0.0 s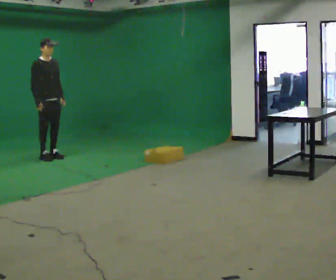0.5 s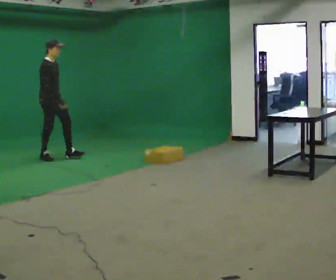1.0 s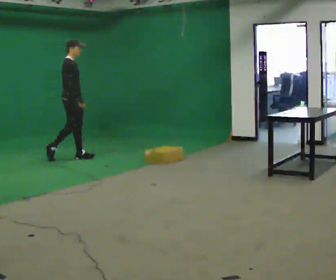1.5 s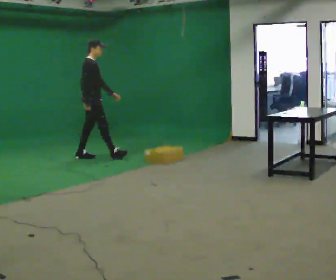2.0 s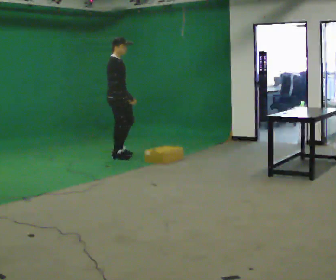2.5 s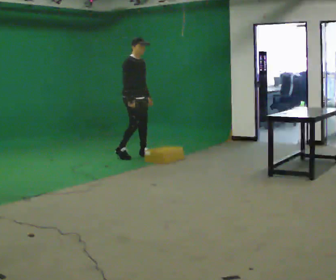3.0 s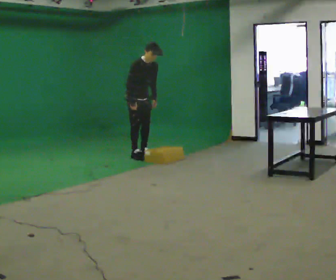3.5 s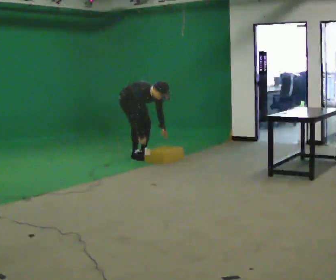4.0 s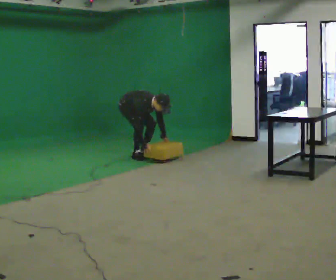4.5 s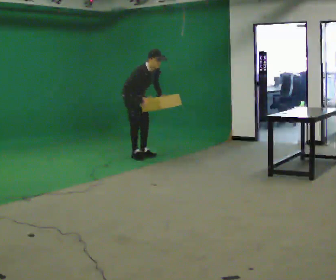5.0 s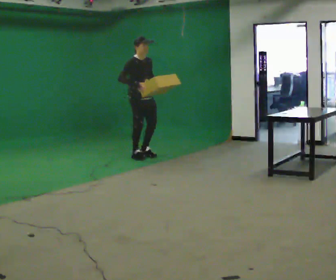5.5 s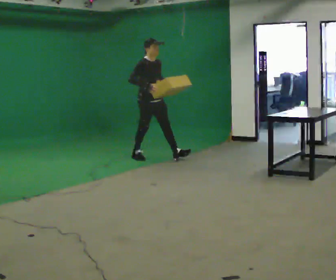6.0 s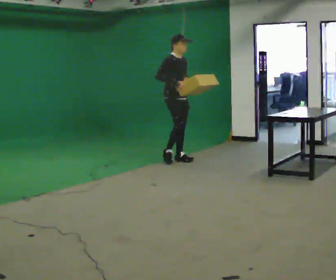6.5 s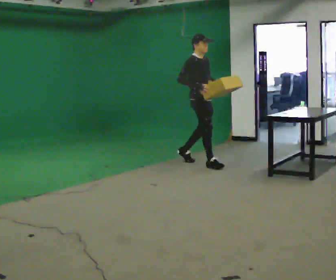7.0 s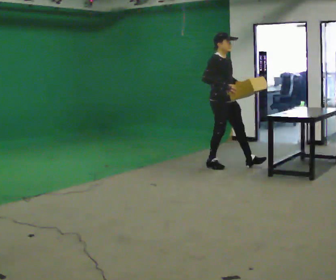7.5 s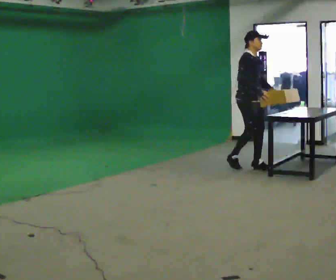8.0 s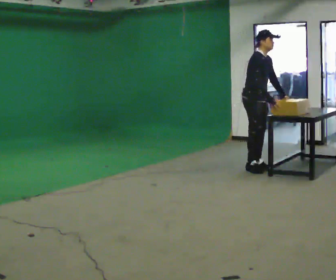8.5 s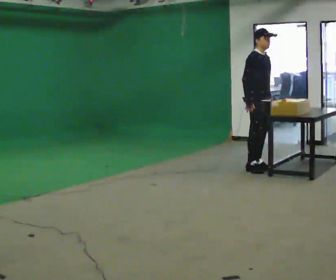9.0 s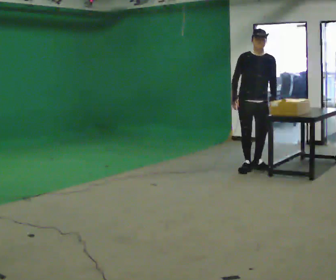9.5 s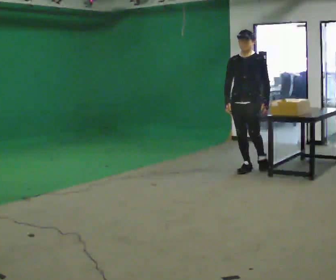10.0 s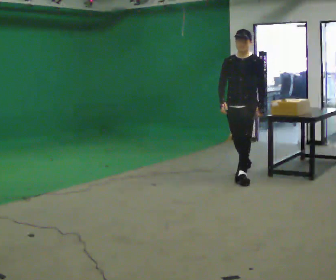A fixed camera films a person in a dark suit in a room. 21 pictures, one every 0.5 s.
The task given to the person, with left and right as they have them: Walk forward noticeably slower than normal; do not shuffle; stop.
0.0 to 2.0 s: The person turns about 30 degrees to their left, counterclockwise seen from above, so the part of the body nearest the lens slides to the right. In the picture they go to the right, about 1 m in 2 steps, which for them is forward.
2.0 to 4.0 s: Seen from above the body turns clockwise, about 30 degrees: to their right, with its near side sliding to the left. In the picture they go to the right, about 0.25 m in 2 steps, which for them is to their left. The shoulders move downward. In the picture the upper body tilts clockwise, shoulders to the right, as they bend forward. In the picture their right hand goes downward.
4.0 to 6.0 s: In the picture they go to the right and toward the camera, about 1 m in 1 step, which for them is forward. The shoulders move upward. In the picture the upper body tilts counterclockwise, shoulders to the left, as they lean back or straighten. In the picture their right hand goes upward.
6.0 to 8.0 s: In the picture they go to the right and toward the camera, about 1 m in 3 steps, which for them is forward.
8.0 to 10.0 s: The part of the body nearest the lens slides to the left as the person turns to their right by about 75 degrees. In the picture they go toward the camera and to the left, about 0.5 m in 1 step.
The film runs forward here.
